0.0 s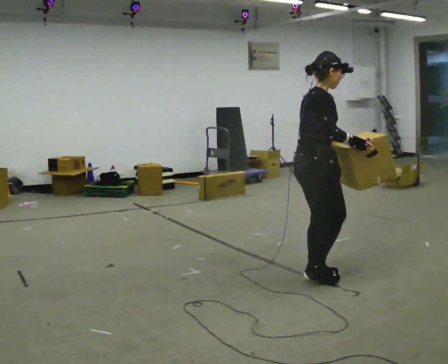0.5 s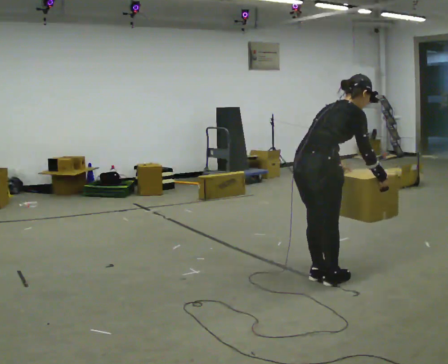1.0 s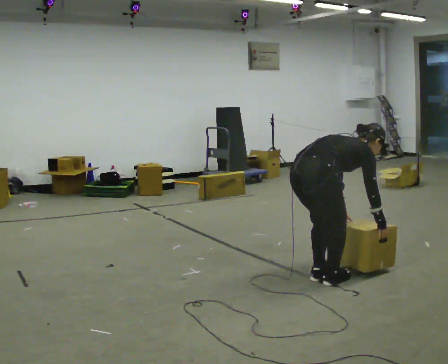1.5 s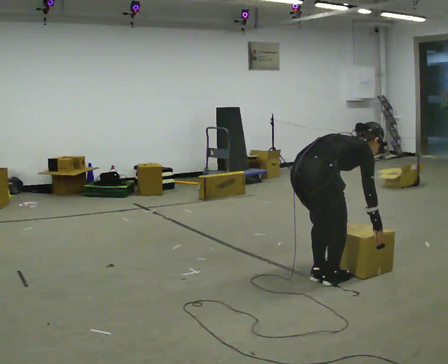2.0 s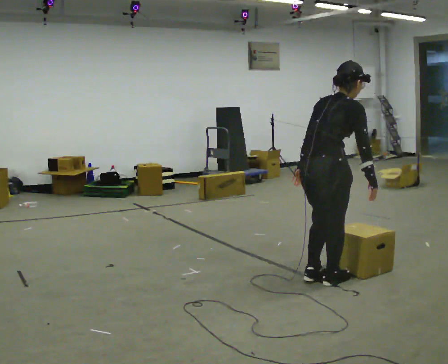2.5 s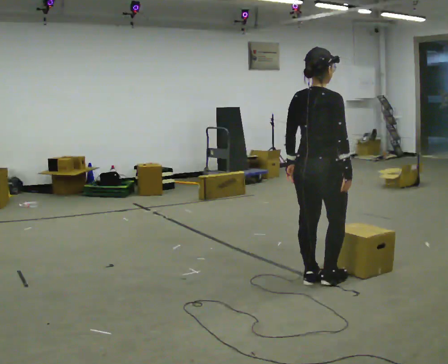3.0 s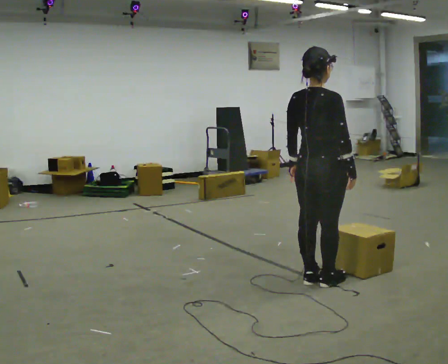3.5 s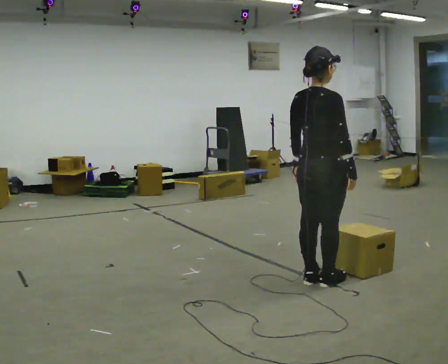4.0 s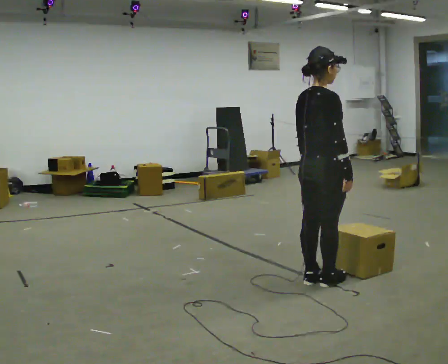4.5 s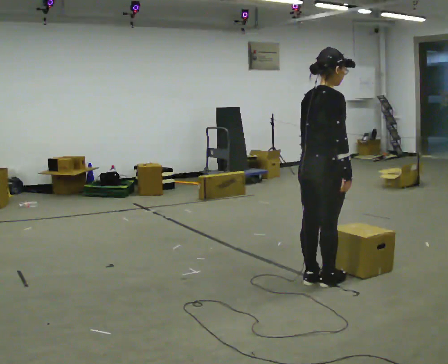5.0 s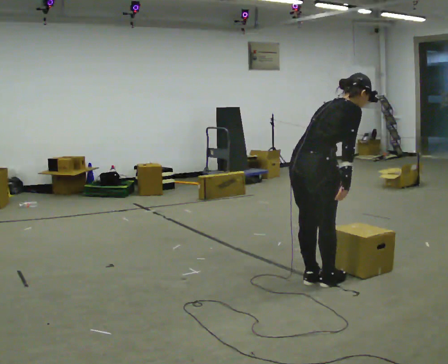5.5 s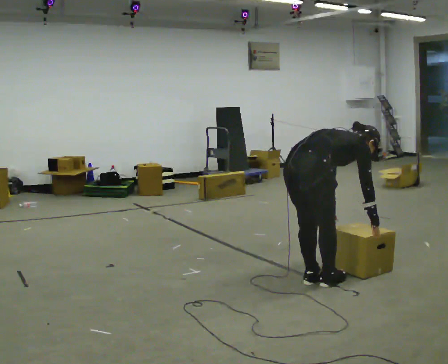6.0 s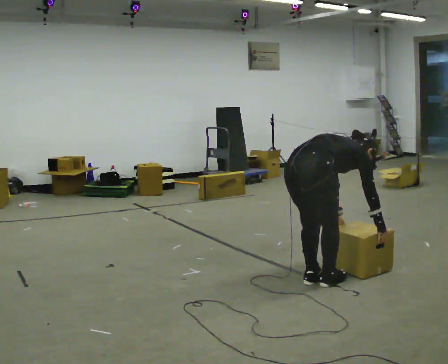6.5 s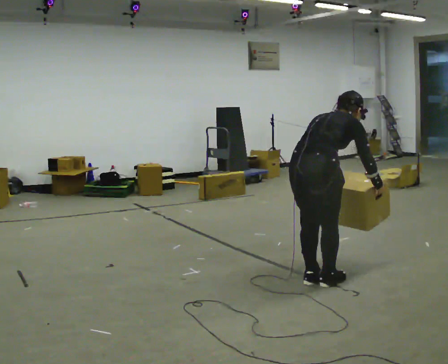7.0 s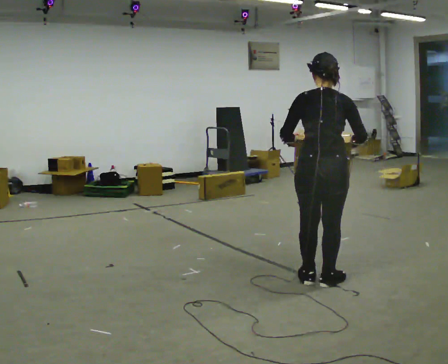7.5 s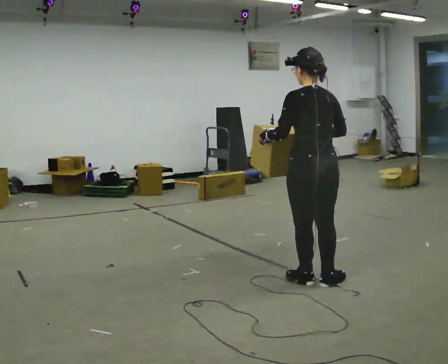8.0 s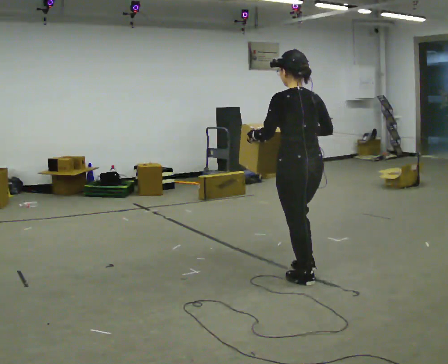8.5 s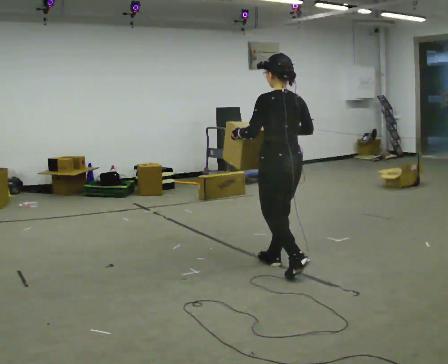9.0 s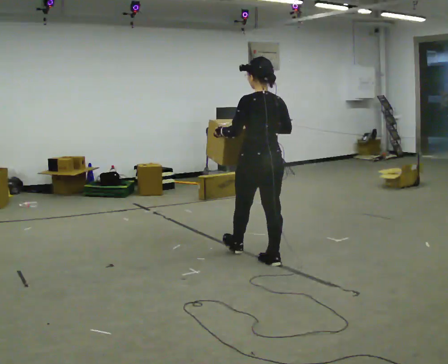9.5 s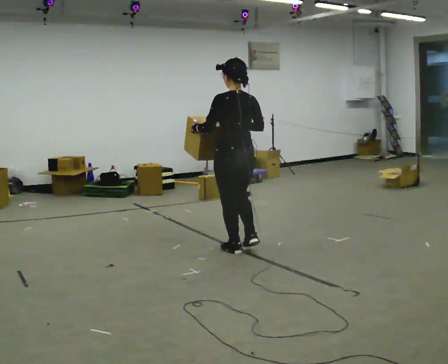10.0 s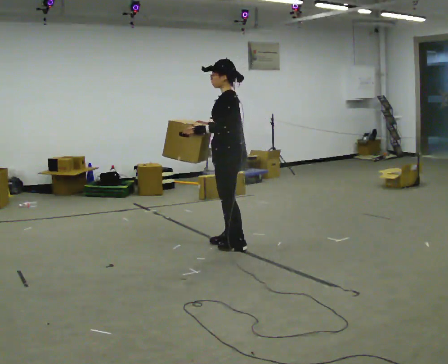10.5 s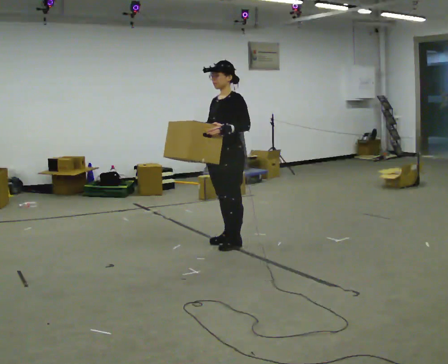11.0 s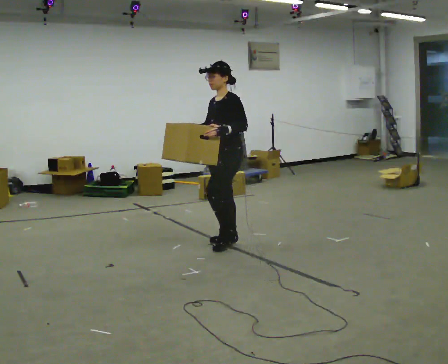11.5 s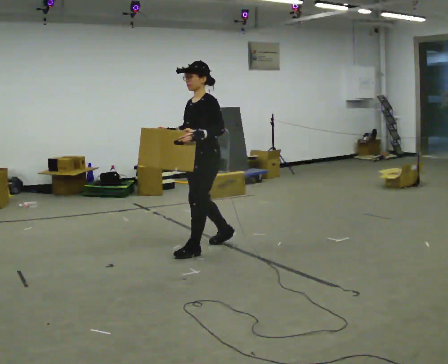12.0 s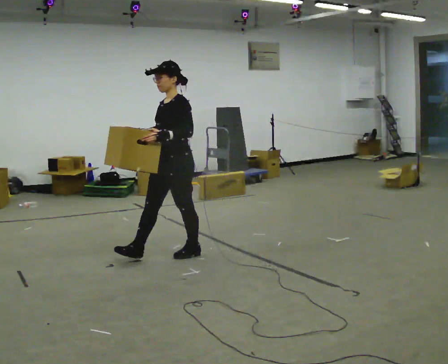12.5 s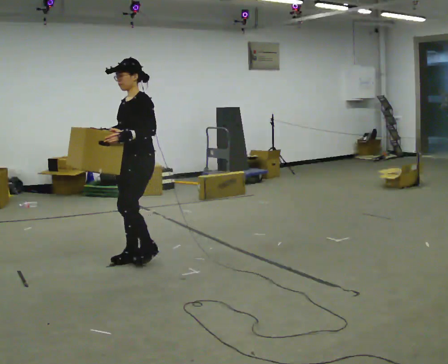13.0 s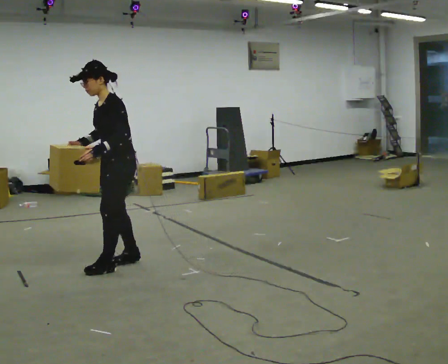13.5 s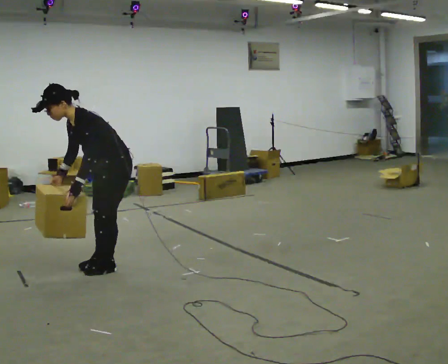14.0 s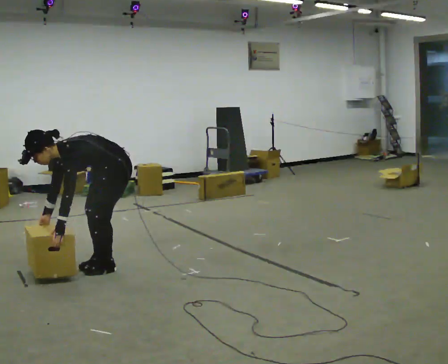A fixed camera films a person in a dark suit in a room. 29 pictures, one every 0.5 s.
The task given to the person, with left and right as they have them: Carry the box along the marked route, turning 90 degrees at the corner the operator calls, and set it down at the end. Keep going until the operator says stop; one object at a time, and do not rush between trips.
0.0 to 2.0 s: Seen from above the body turns counterclockwise, about 30 degrees: to their left, with its near side sliding to the right.
2.0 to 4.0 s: In the picture the upper body tilts counterclockwise, shoulders to the left, as they lean back or straighten.
4.0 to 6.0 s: The upper body goes downward. In the picture the upper body tilts clockwise, shoulders to the right, as they bend forward. In the picture their right hand goes downward.
6.0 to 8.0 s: The part of the body nearest the lens slides to the right as the person turns to their left by about 75 degrees. In the picture they go away from the camera, about 0.25 m. The shoulders move upward. In the picture the upper body tilts counterclockwise, shoulders to the left, as they lean back or straighten. In the picture their right hand goes upward and to the left.
8.0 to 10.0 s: Seen from above the body turns counterclockwise, about 60 degrees: to their left, with its near side sliding to the right. In the picture they go away from the camera and to the left, about 1 m in 3 steps.
10.0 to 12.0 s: The part of the body nearest the lens slides to the right as the person turns to their left by about 45 degrees. In the picture they go to the left and toward the camera, about 0.5 m in 2 steps, which for them is forward.
12.0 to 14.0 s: In the picture they go toward the camera and to the left, about 0.5 m in 3 steps, which for them is forward. The shoulders move downward. In the picture the upper body tilts counterclockwise, shoulders to the left, as they bend forward. In the picture their right hand goes downward.
The film runs forward here.
